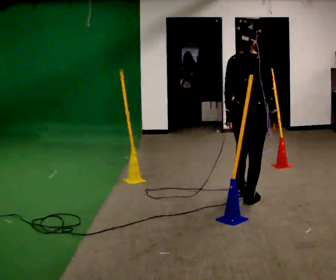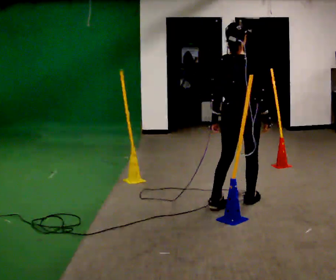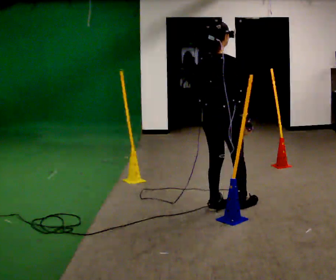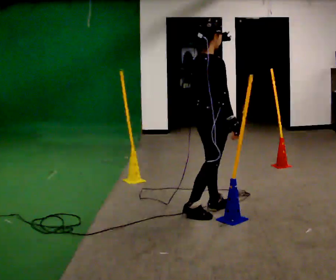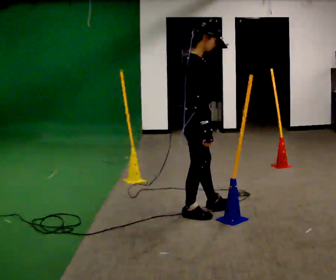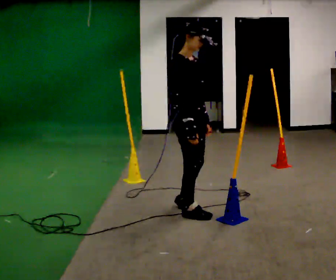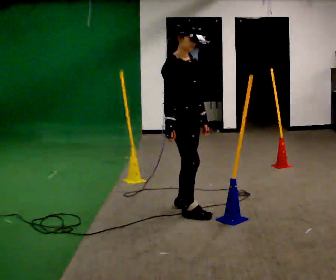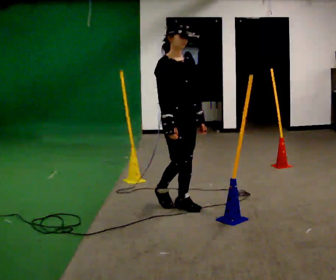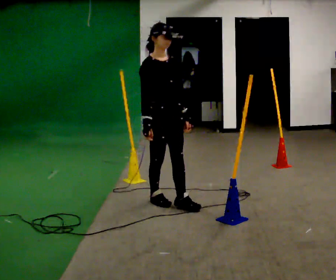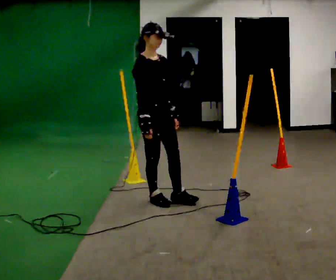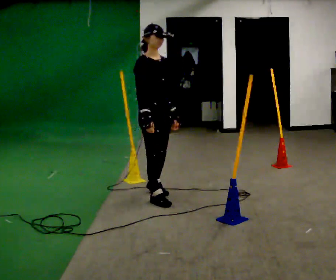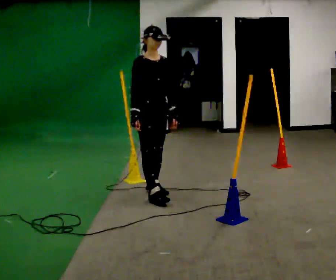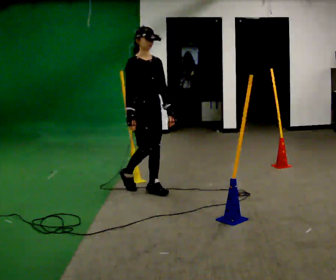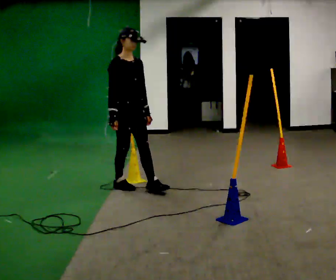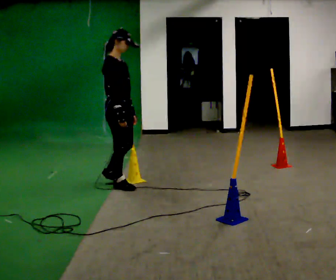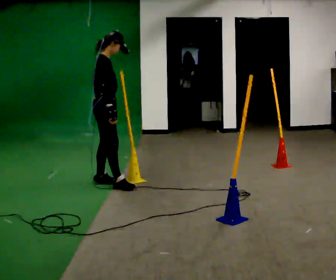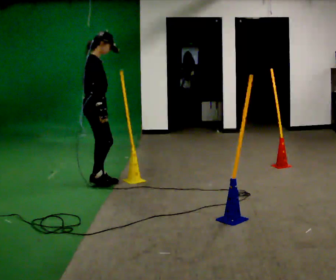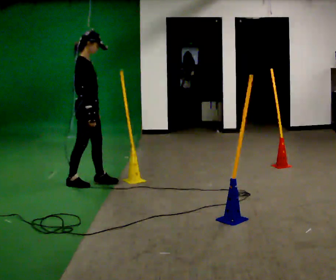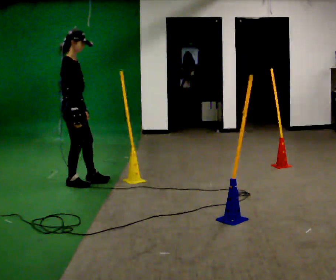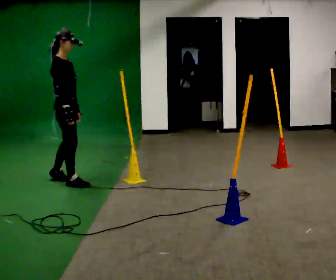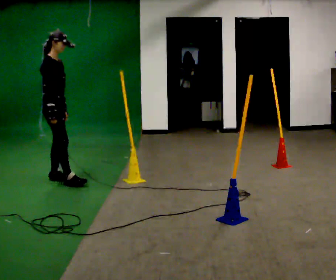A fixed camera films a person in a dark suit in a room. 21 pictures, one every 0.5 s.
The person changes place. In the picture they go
to the left.
0.0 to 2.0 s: The part of the body nearest the lens slides to the left as the person turns to their right by about 60 degrees. In the picture they go to the left and toward the camera, about 0.5 m in 2 steps, which for them is backward.
2.0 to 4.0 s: Seen from above the body turns clockwise, about 60 degrees: to their right, with its near side sliding to the left. In the picture they go away from the camera and to the left, about 0.5 m in 1 step, which for them is backward.
4.0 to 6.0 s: In the picture they go away from the camera, about 0.5 m in 2 steps, which for them is backward and to their left.
6.0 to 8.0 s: The person turns about 45 degrees to their left, counterclockwise seen from above, so the part of the body nearest the lens slides to the right. In the picture they go to the left and away from the camera, about 0.5 m in 2 steps, which for them is backward.
8.0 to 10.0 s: In the picture they go to the left, about 0.5 m in 2 steps, which for them is backward.
The film runs backward here.
